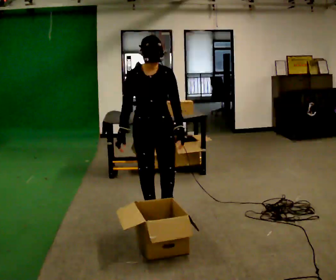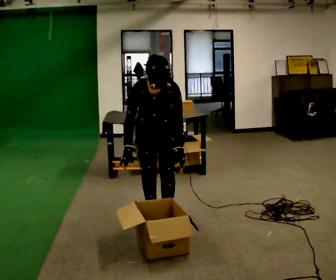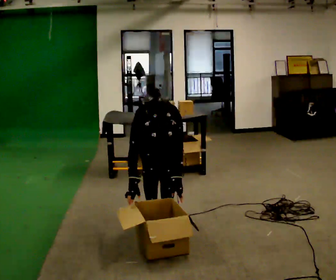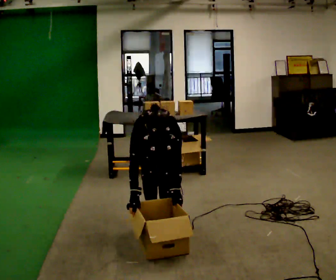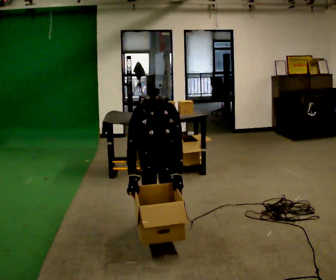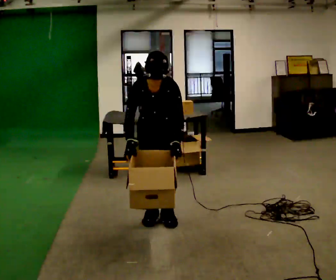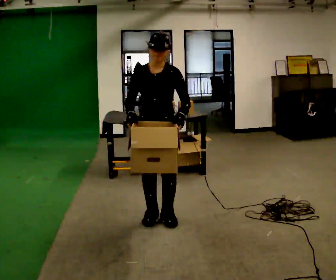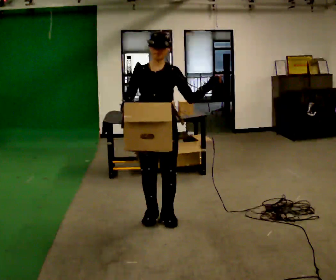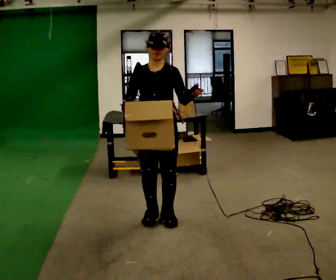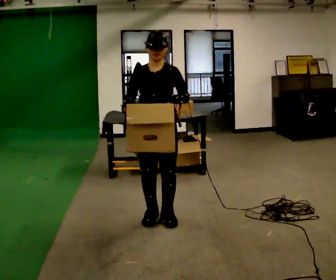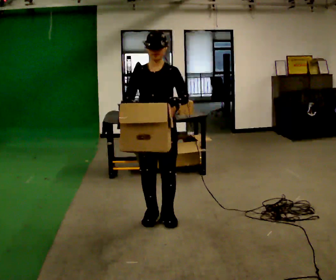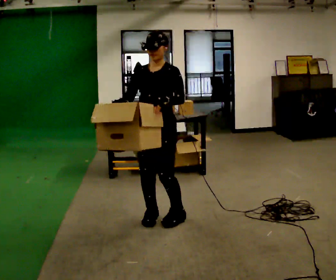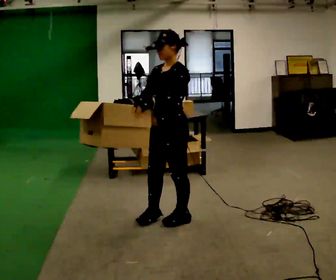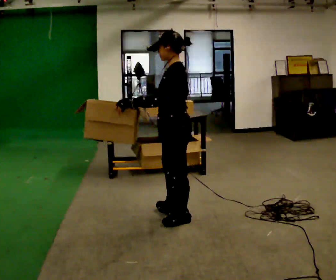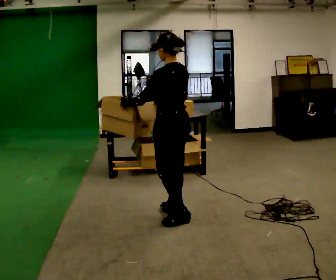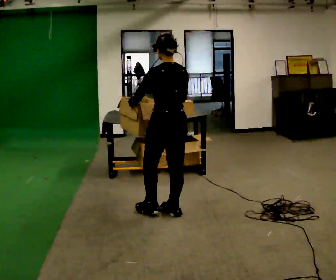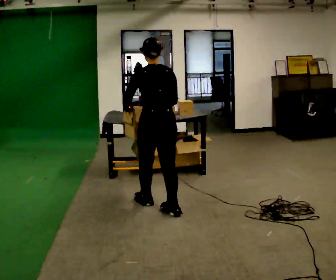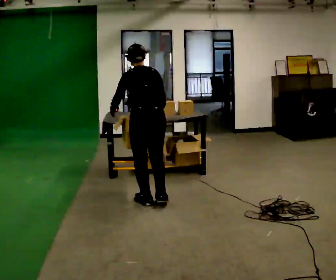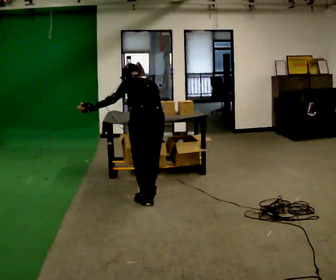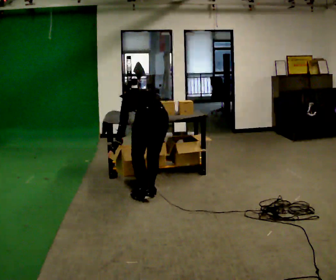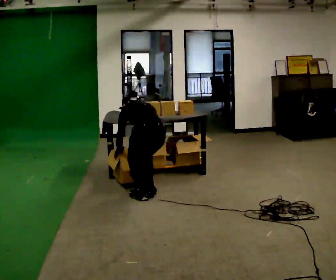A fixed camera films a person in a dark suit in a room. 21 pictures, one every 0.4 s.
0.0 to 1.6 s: The upper body tips toward the camera, its near side rolling downward, as they bend forward. In the picture their left hand goes downward.
1.6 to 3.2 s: The shoulders move upward. The upper body tips away from the camera, its near side rolling upward, as they lean back or straighten. In the picture their left hand goes upward.
3.2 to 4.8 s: Seen from above the body turns clockwise, about 60 degrees: to their right, with its near side sliding to the left.
4.8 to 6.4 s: The part of the body nearest the lens slides to the left as the person turns to their right by about 105 degrees. In the picture they go away from the camera, about 0.25 m in 1 step.
6.4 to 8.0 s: In the picture they go away from the camera, about 0.25 m in 2 steps, which for them is forward. The upper body goes downward. The upper body tips away from the camera, its near side rolling upward, as they bend forward. In the picture their left hand goes downward.
The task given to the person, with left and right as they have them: 1. Take everything out of the crates by the door. 2. Put the small items on the middle shelf. 3. Put the large items on the bottom shelf. 4. Stack the empty crates by the door. 5. Tell the operator when you are finished.
The film runs forward here.
